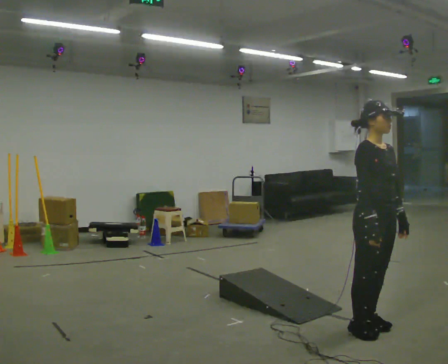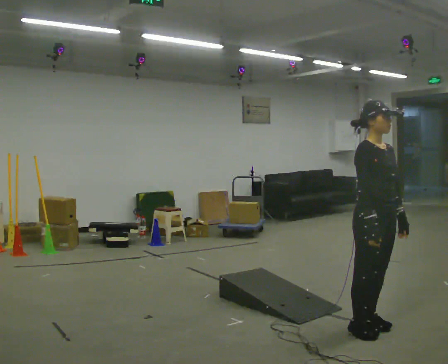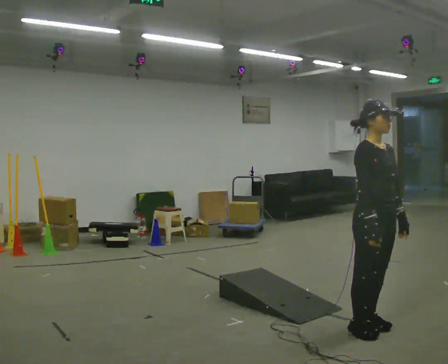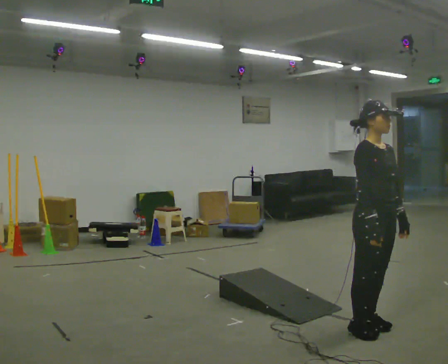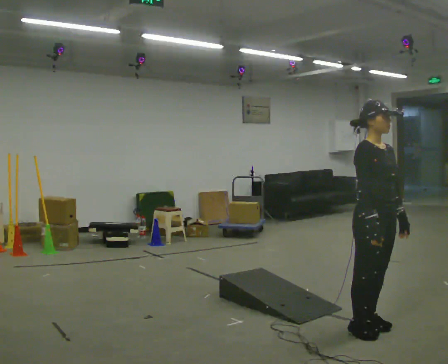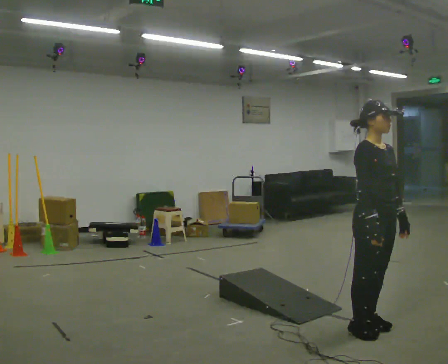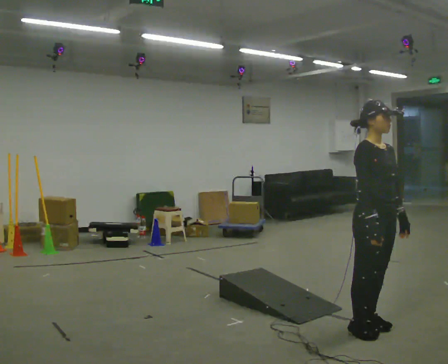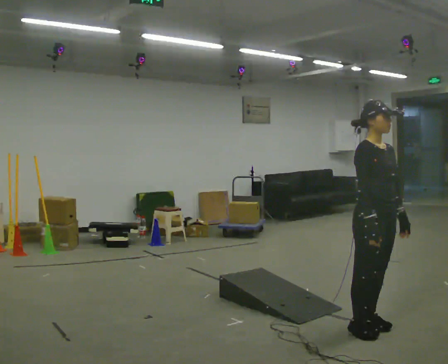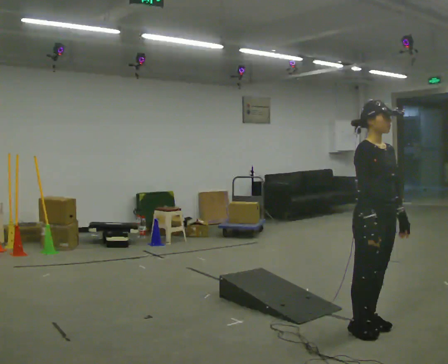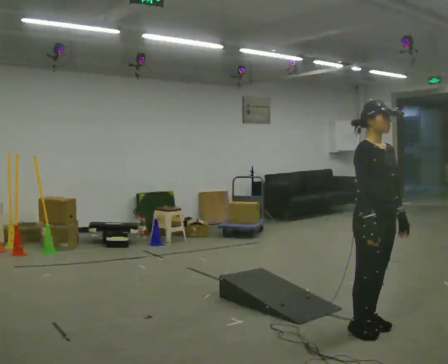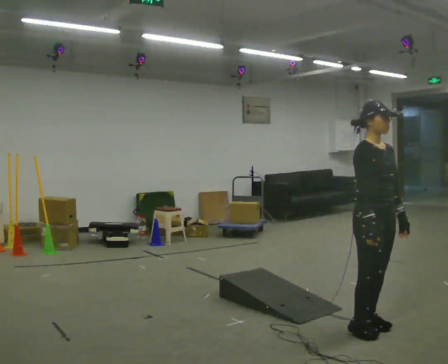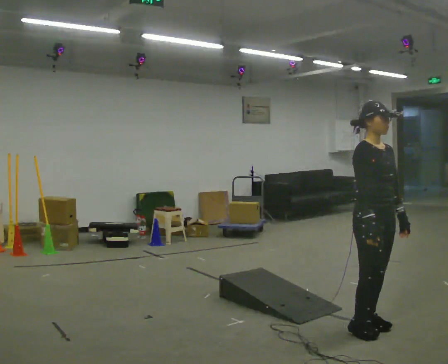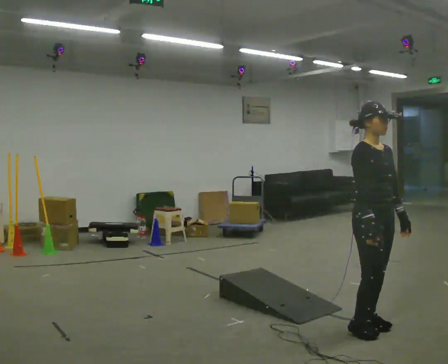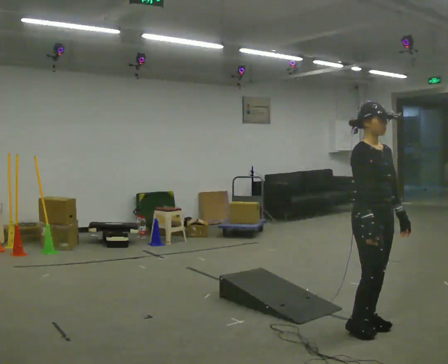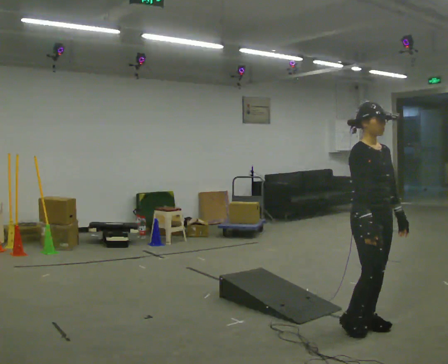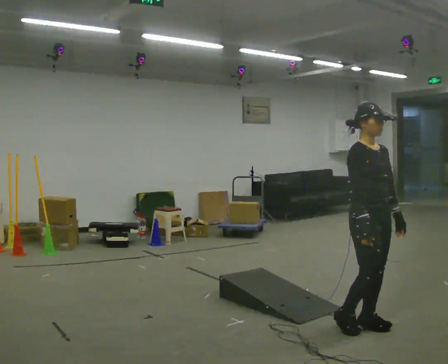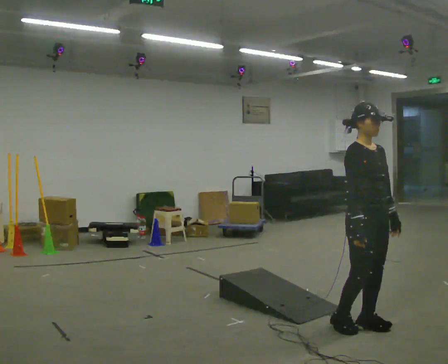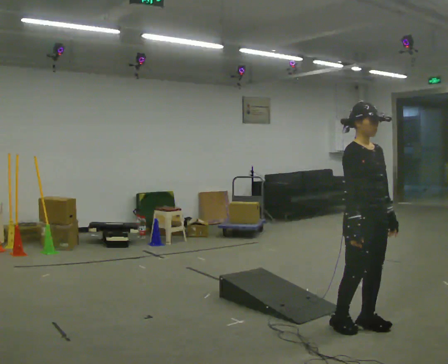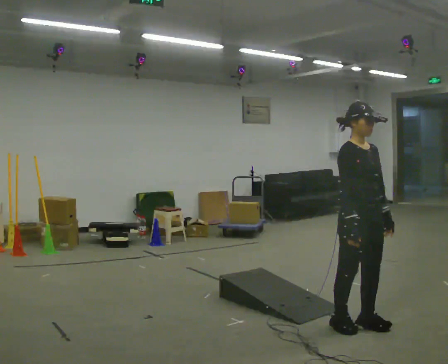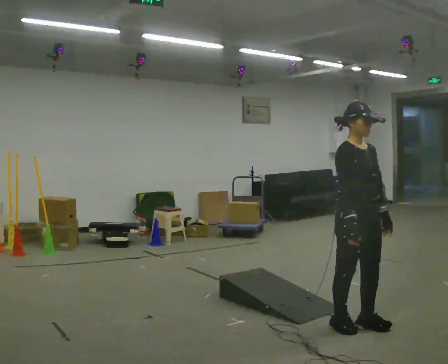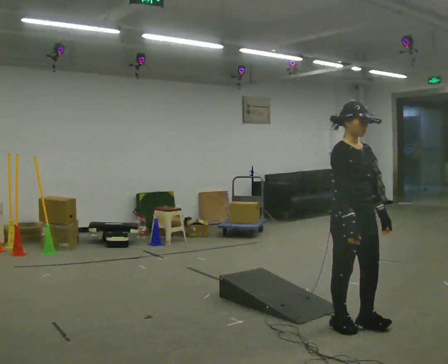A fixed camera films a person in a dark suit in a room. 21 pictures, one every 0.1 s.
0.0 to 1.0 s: The person moves a little, or ends about where they began.
1.0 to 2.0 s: In the picture they go to the left, about 0.25 m in 1 step, which for them is backward.
The film runs backward here.
